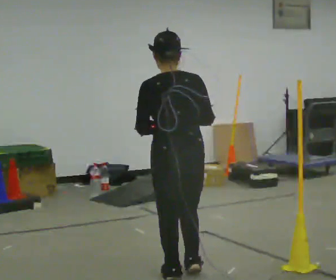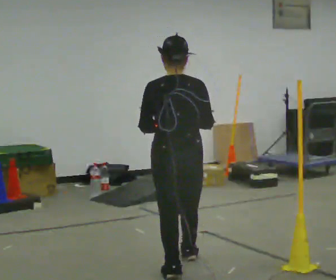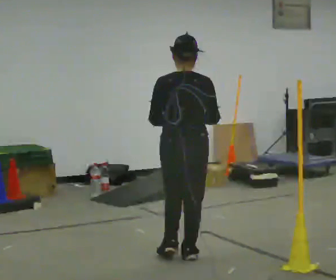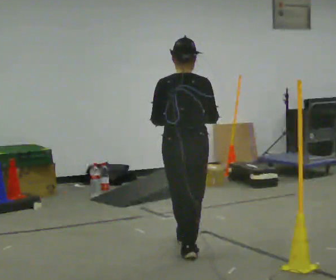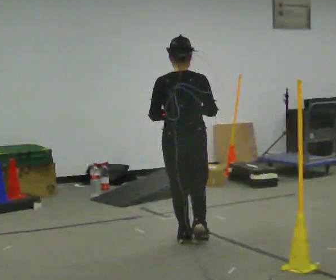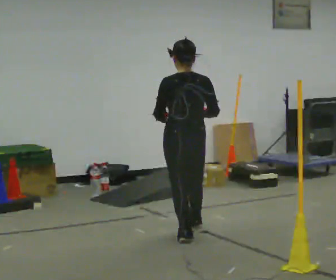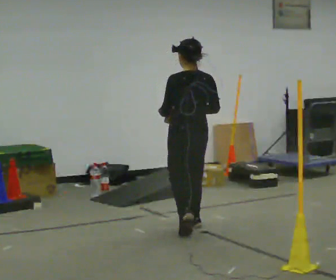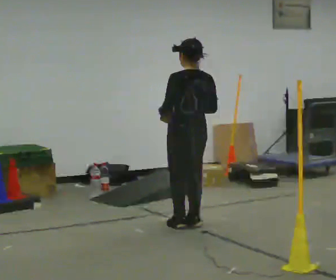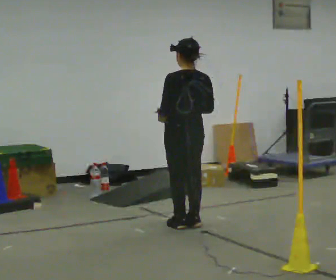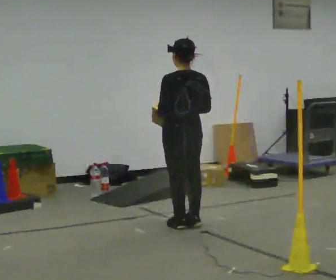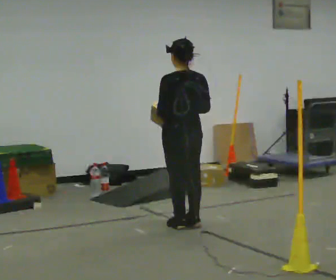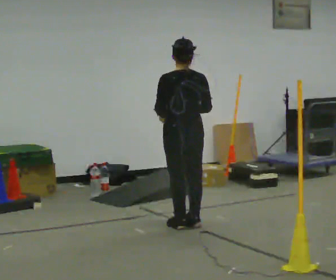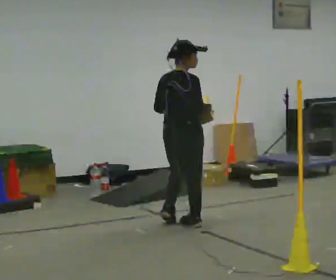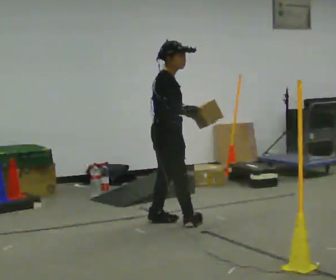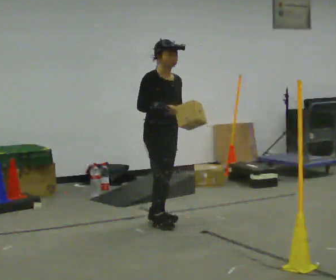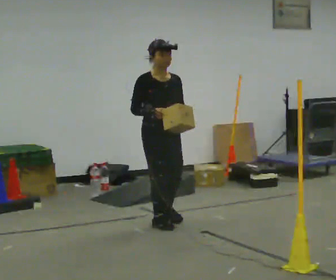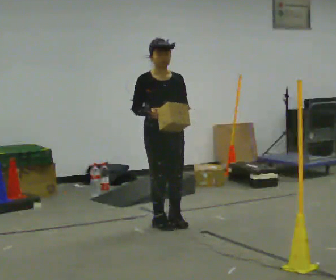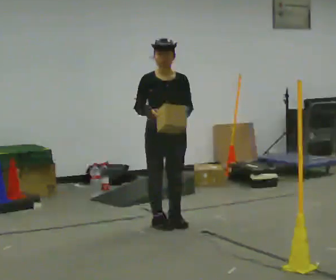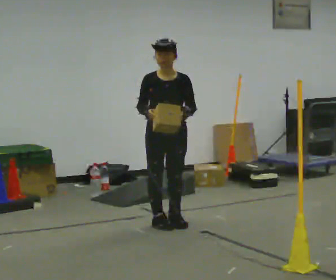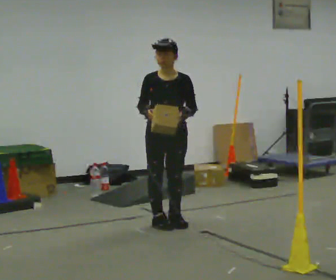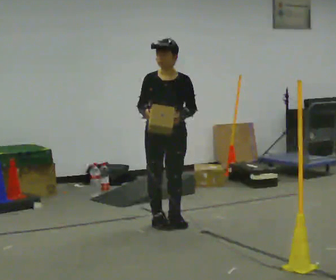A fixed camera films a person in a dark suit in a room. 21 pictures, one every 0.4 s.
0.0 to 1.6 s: In the picture they go away from the camera, about 1 m in 2 steps, which for them is forward.
1.6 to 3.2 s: Seen from above the body turns counterclockwise, about 30 degrees: to their left, with its near side sliding to the right. In the picture they go away from the camera, about 0.5 m in 2 steps, which for them is forward and to their right.
3.2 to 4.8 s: The person turns about 60 degrees to their right, clockwise seen from above, so the part of the body nearest the lens slides to the left.
4.8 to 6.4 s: The part of the body nearest the lens slides to the left as the person turns to their right by about 135 degrees. In the picture they go to the left, about 0.25 m in 3 steps. In the picture their right hand goes to the left.
6.4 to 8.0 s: The person moves a little, or ends about where they began.
The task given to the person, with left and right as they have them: Carry the box across the room. The operator will step into your path partway across, so go around them and carry on. Keep going until the operator says stop; one object at a time, and do not rush between trips.
The film runs forward here.
